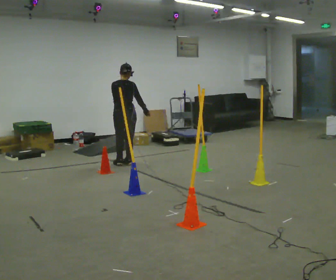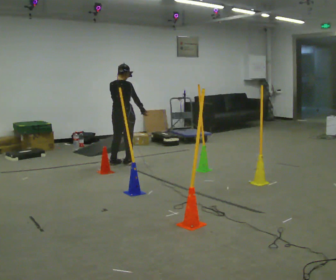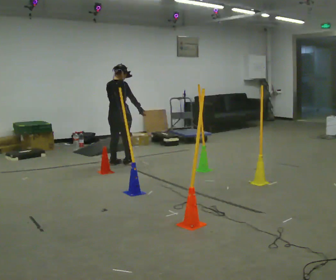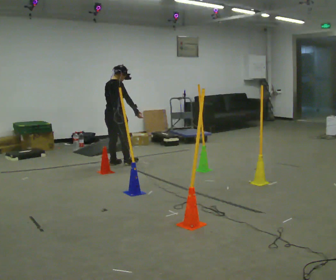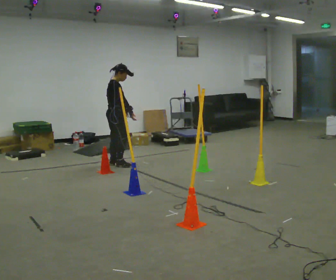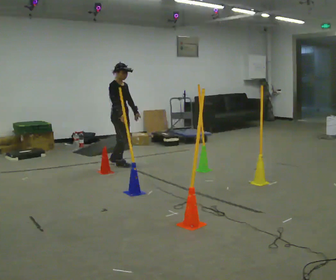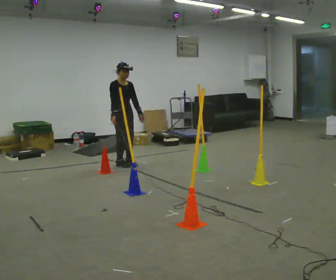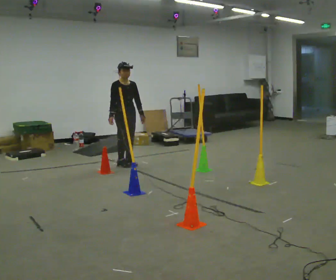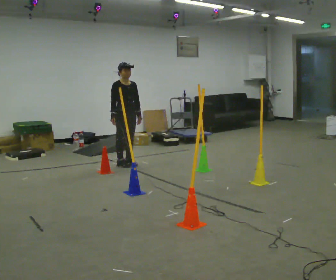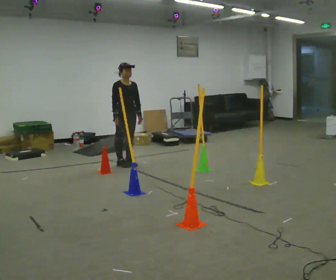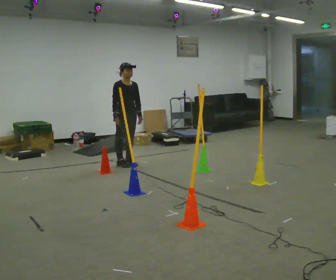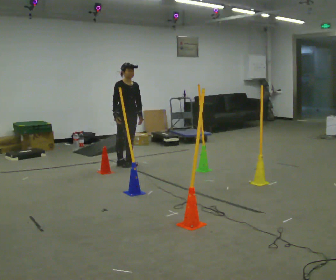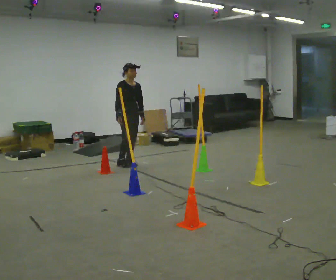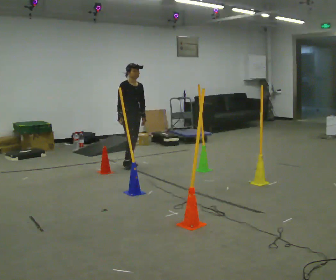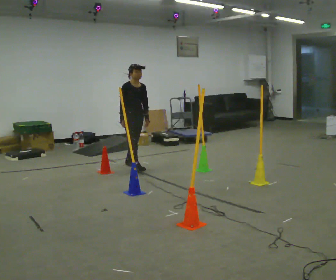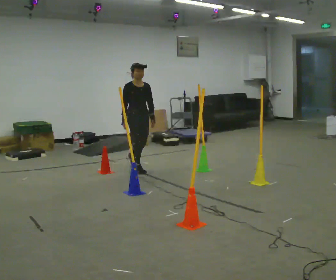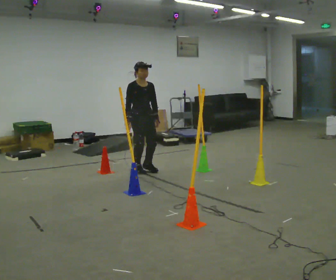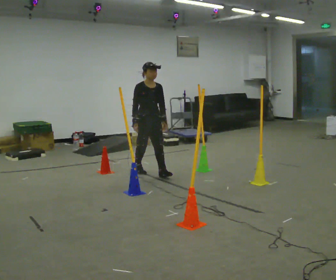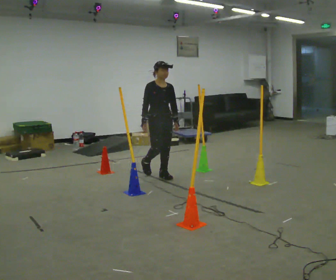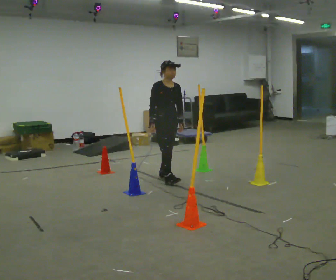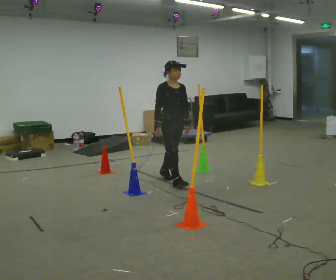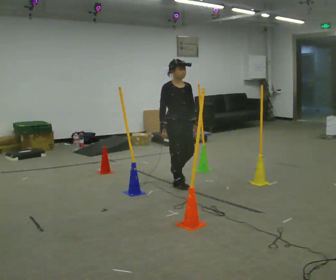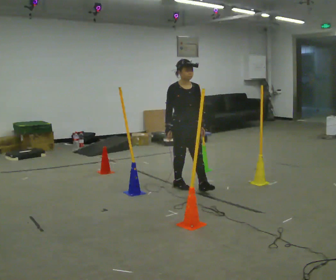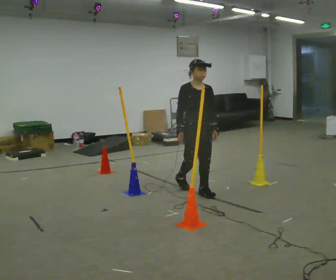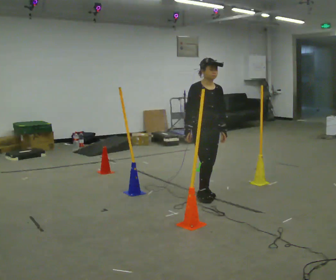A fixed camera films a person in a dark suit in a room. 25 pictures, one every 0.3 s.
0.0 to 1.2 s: The part of the body nearest the lens slides to the left as the person turns to their right by about 60 degrees. In the picture they go to the left, about 0.25 m in 1 step.
1.2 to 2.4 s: Seen from above the body turns clockwise, about 60 degrees: to their right, with its near side sliding to the left. In the picture they go to the right, about 0.25 m in 1 step.
2.4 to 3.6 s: The person moves a little, or ends about where they began.
3.6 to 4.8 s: In the picture they go toward the camera, about 0.5 m in 1 step, which for them is forward.
4.8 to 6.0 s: In the picture they go toward the camera and to the right, about 0.75 m in 2 steps, which for them is forward.
6.0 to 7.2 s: In the picture they go toward the camera and to the right, about 0.75 m in 1 step, which for them is forward.
The film runs forward here.
